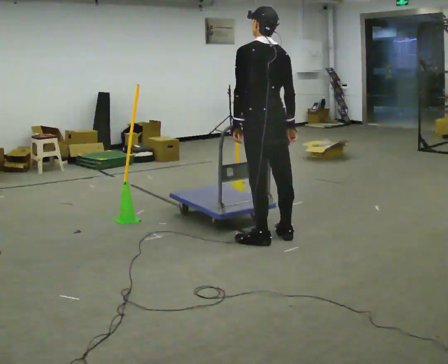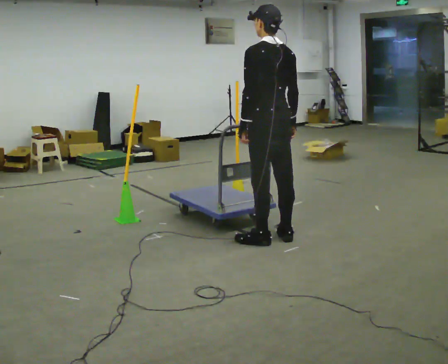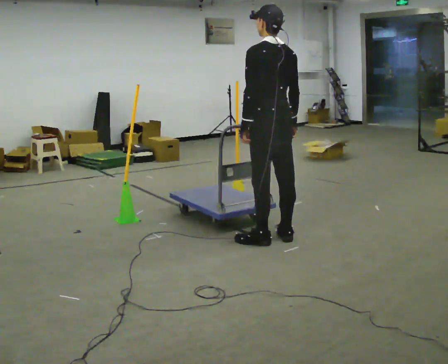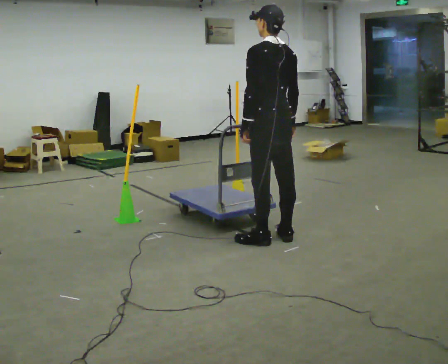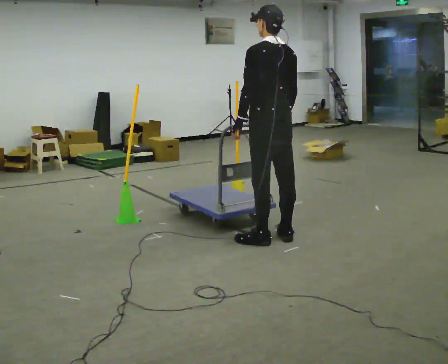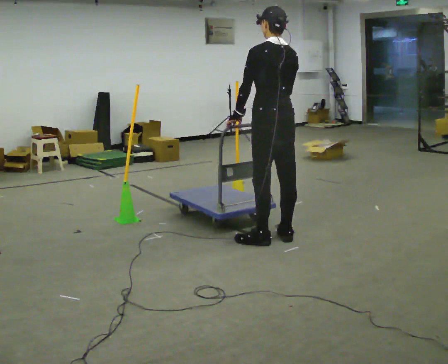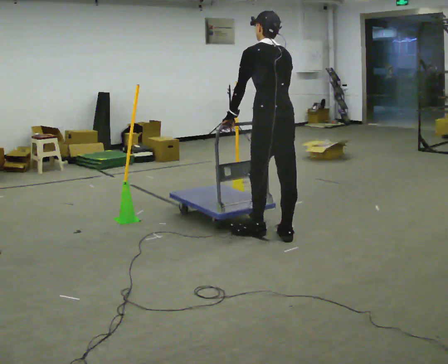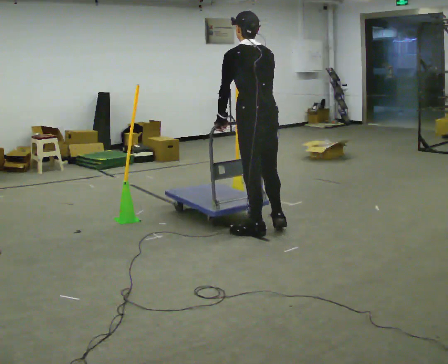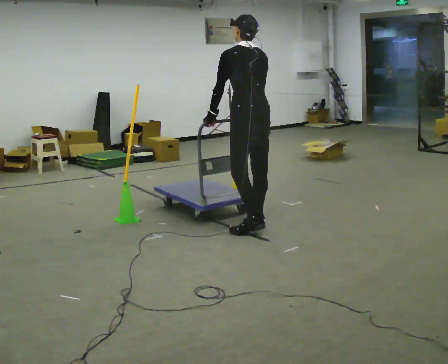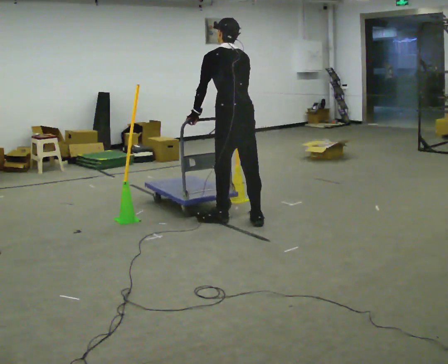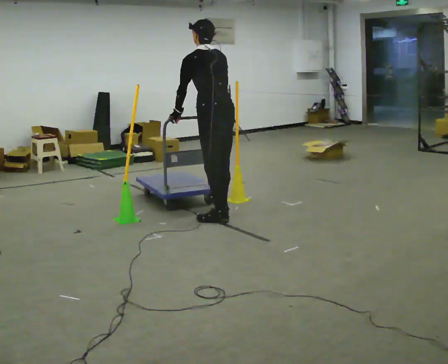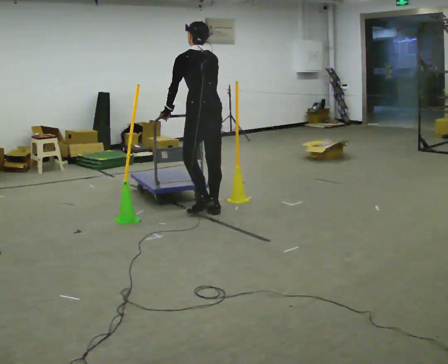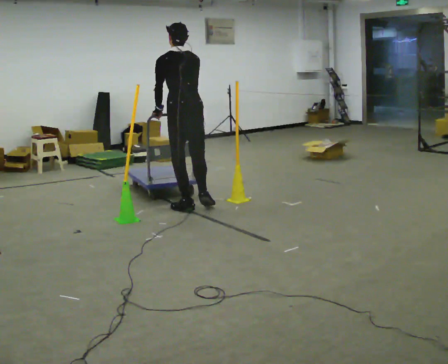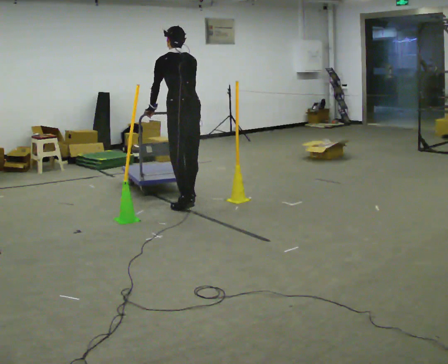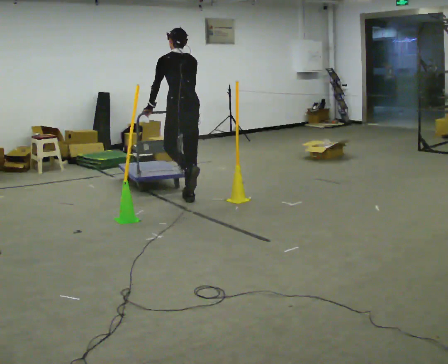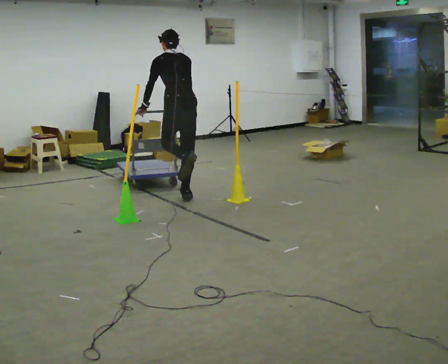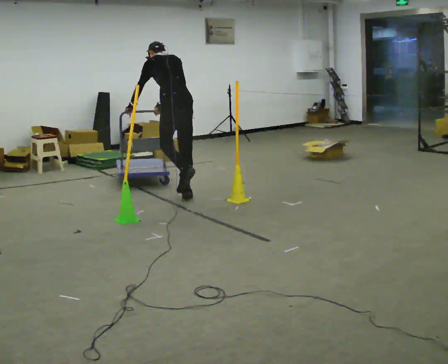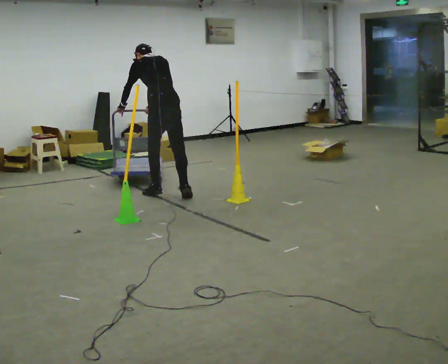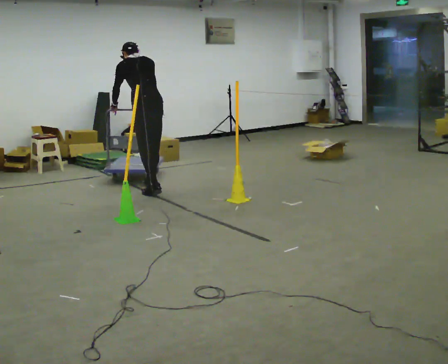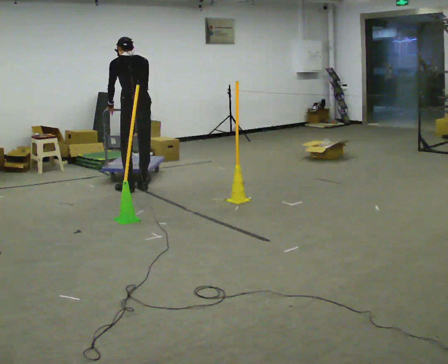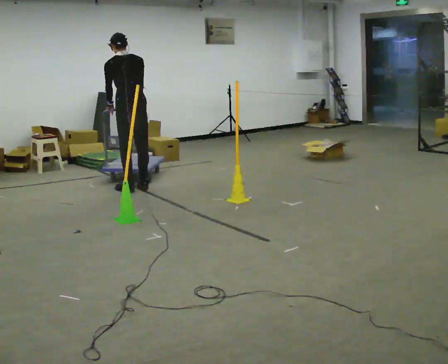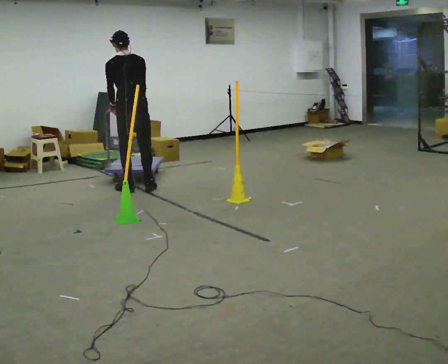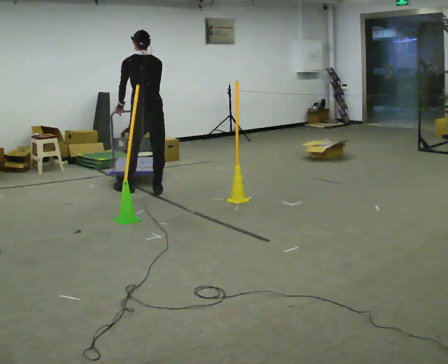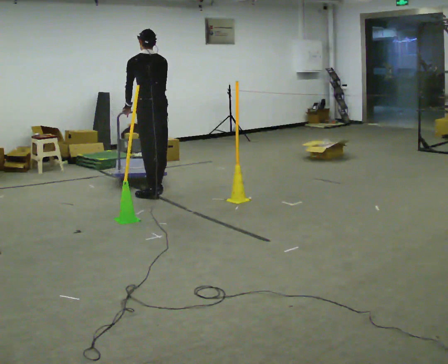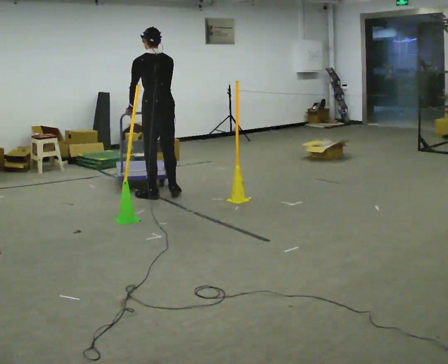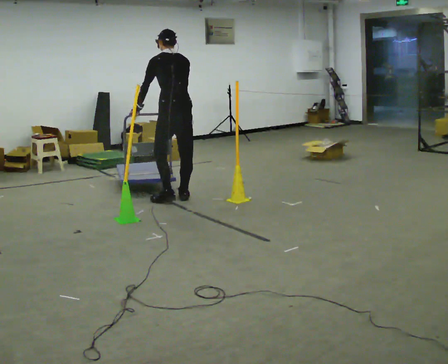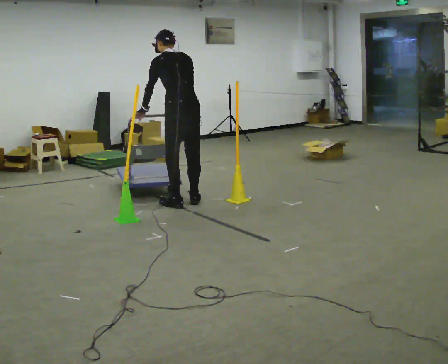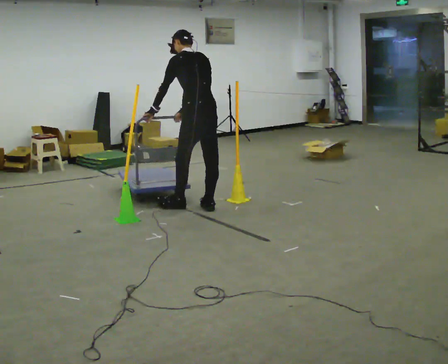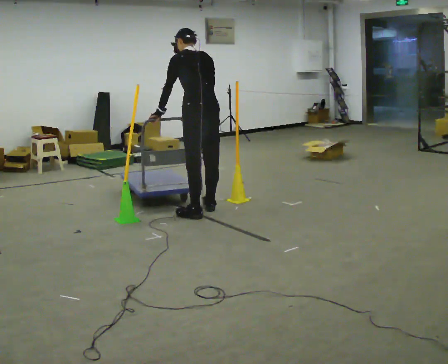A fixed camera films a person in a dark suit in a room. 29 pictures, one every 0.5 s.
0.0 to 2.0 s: The person moves a little, or ends about where they began.
2.0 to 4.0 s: In the picture they go away from the camera, about 0.25 m in 2 steps, which for them is forward.
4.0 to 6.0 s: In the picture they go away from the camera and to the left, about 1 m in 3 steps, which for them is forward.
6.0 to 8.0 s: In the picture they go away from the camera, about 0.5 m in 2 steps, which for them is forward. The upper body tips away from the camera, its near side rolling upward, as they bend forward.
8.0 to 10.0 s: In the picture they go to the left and away from the camera, about 0.5 m in 3 steps, which for them is forward and to their left. The upper body tips toward the camera, its near side rolling downward, as they lean back or straighten.
10.0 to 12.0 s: In the picture they go to the right and toward the camera, about 0.5 m in 2 steps, which for them is backward and to their right.
12.0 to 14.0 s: In the picture they go toward the camera and to the right, about 1 m in 4 steps, which for them is backward.
The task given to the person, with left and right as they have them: Push the cart through the gap between the poles without touching them, then bring it back through.
The film runs forward here.
